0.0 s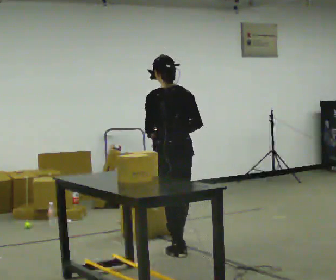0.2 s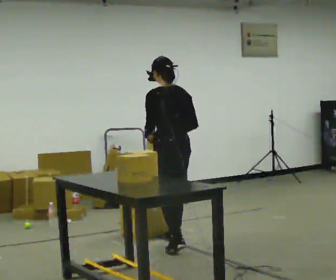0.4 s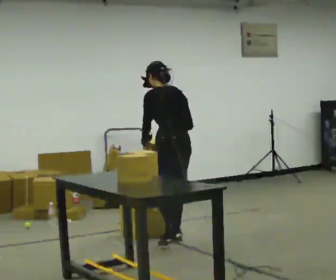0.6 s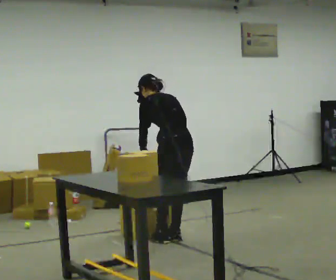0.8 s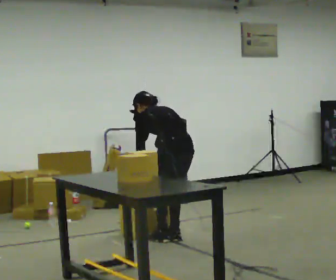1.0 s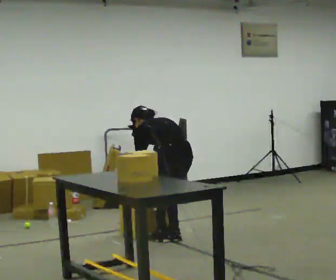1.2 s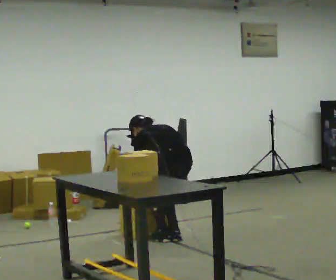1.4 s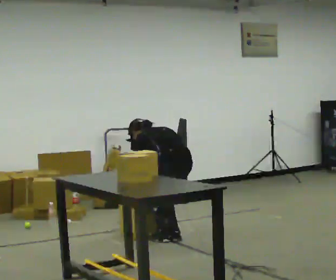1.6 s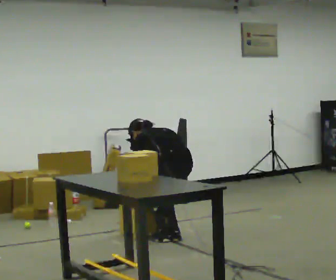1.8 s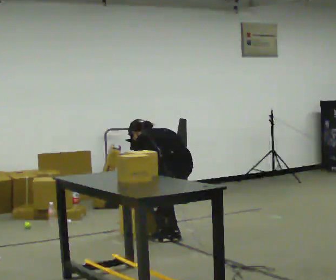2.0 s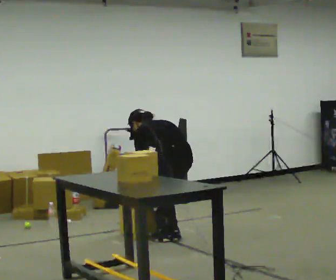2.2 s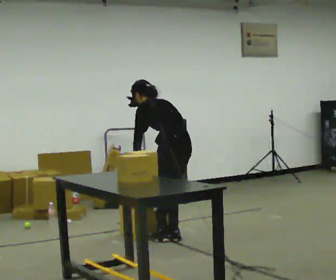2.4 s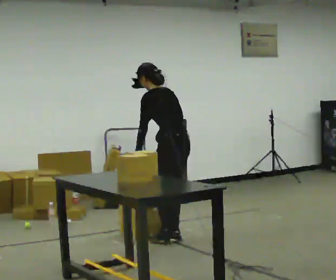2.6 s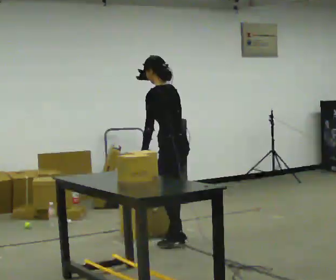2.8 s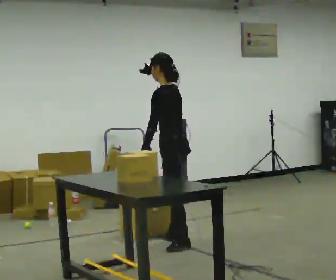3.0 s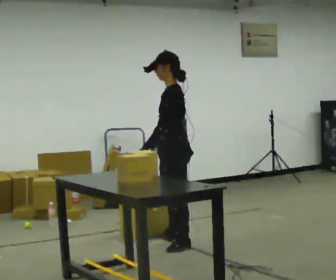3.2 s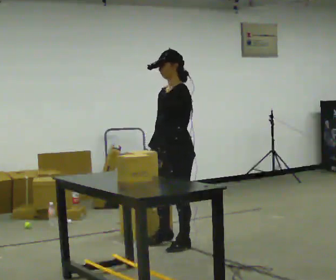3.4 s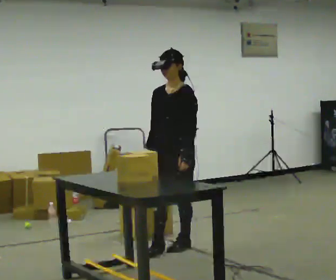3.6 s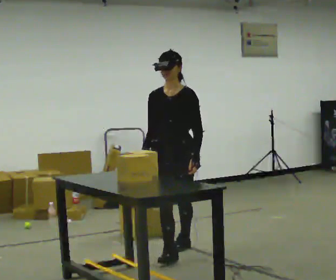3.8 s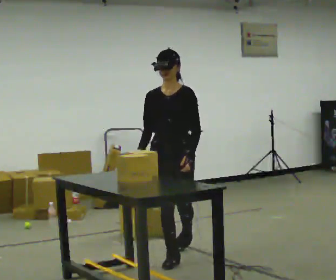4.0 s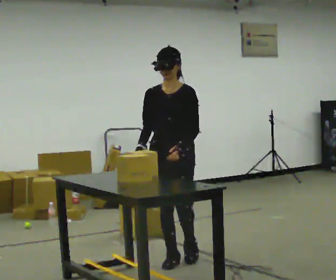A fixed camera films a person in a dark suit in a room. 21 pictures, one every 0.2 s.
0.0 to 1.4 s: In the picture they go away from the camera, about 0.25 m in 2 steps, which for them is forward and to their right. The upper body goes downward. The upper body tips away from the camera, its near side rolling upward, as they bend forward. In the picture their right hand goes downward.
1.4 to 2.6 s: The person turns about 30 degrees to their left, counterclockwise seen from above, so the part of the body nearest the lens slides to the right. The upper body goes upward. The upper body tips toward the camera, its near side rolling downward, as they lean back or straighten. In the picture their left hand goes upward.
2.6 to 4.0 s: Seen from above the body turns counterclockwise, about 105 degrees: to their left, with its near side sliding to the right. In the picture they go toward the camera, about 0.5 m in 2 steps.
The film runs forward here.
